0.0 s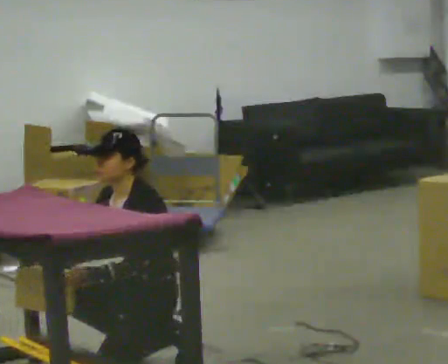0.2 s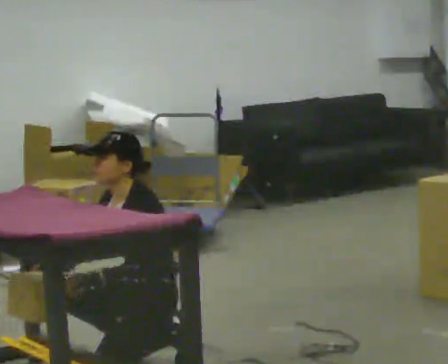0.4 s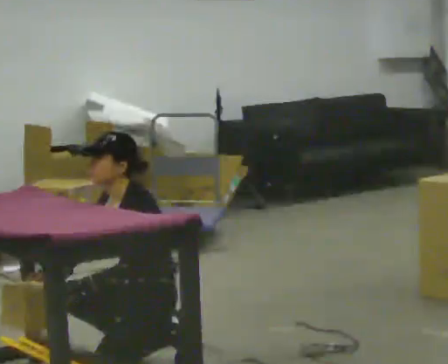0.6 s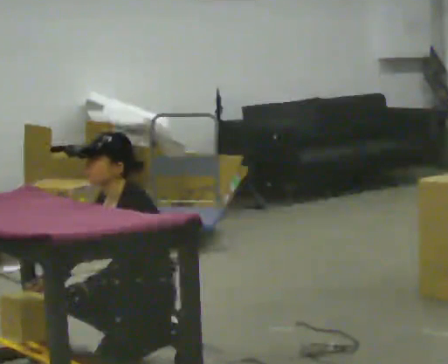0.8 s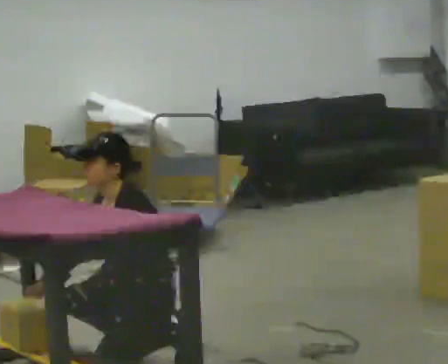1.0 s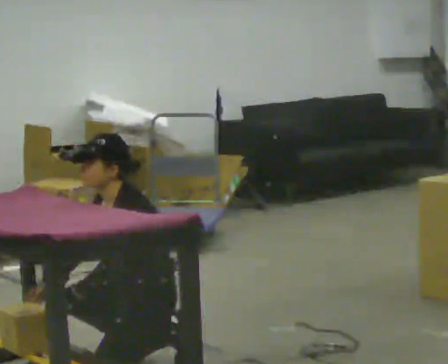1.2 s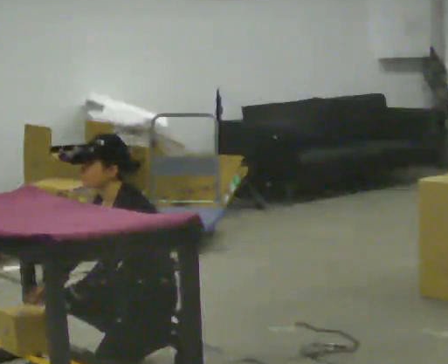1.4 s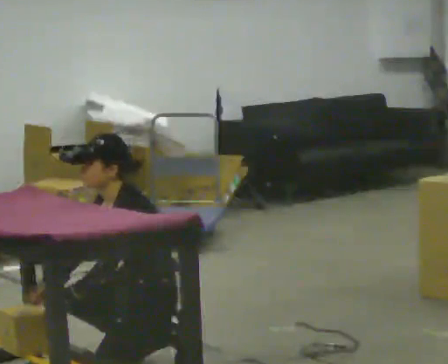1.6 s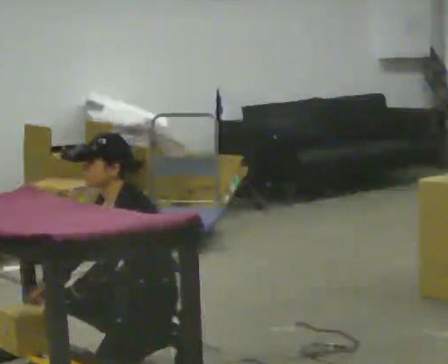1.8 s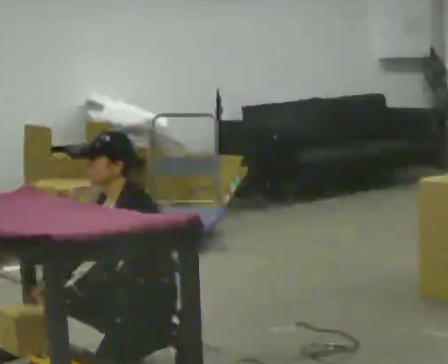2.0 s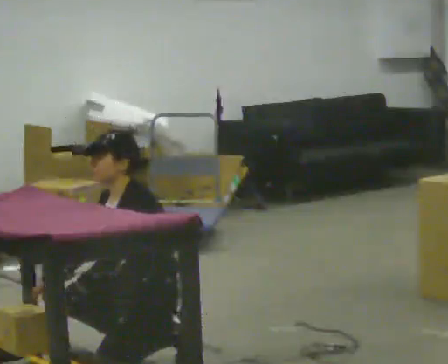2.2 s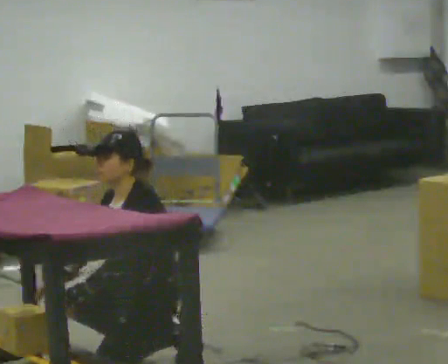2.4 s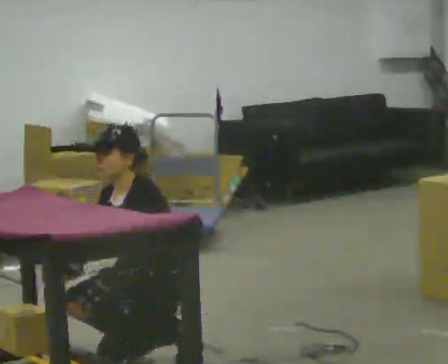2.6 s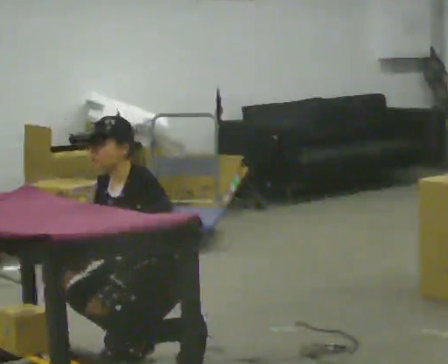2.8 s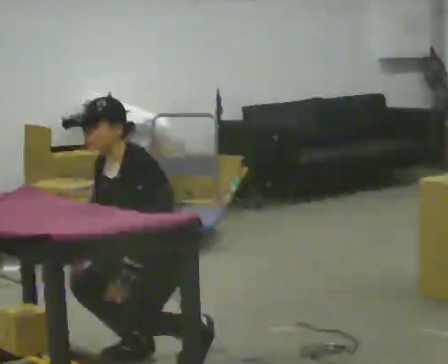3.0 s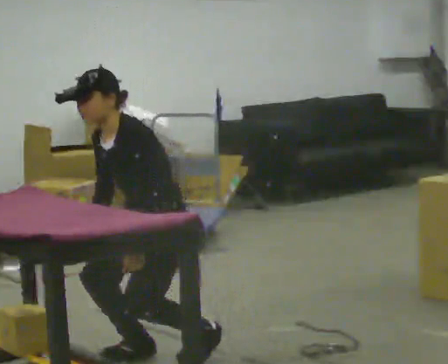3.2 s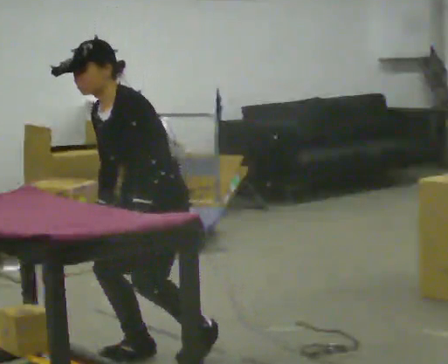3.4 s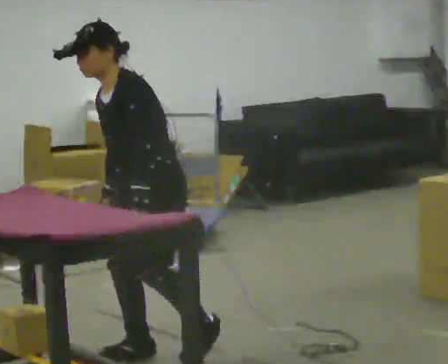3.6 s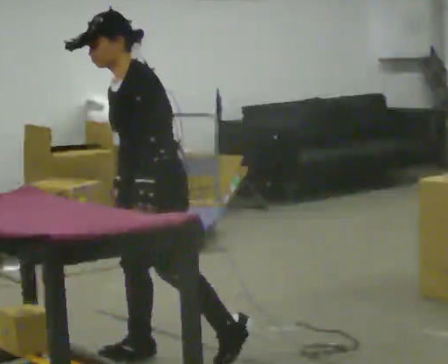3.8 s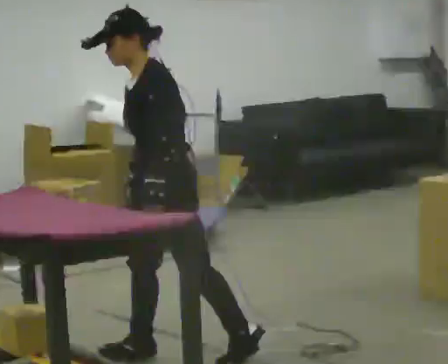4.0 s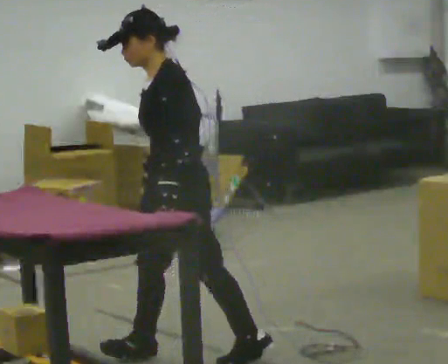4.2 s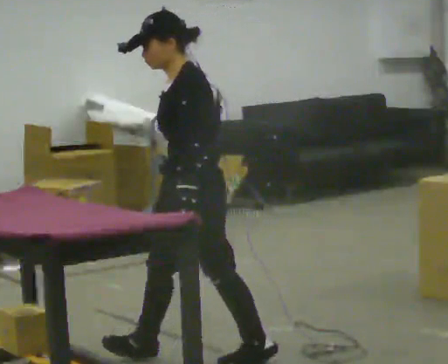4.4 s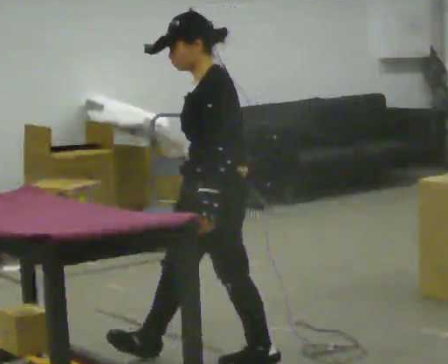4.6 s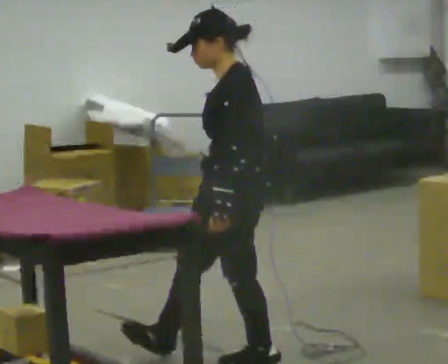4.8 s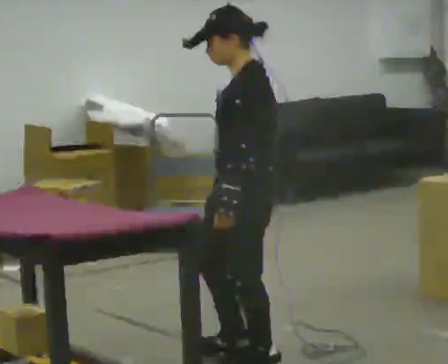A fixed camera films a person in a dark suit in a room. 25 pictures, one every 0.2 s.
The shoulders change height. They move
upward.
0.0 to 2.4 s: The person moves a little, or ends about where they began.
2.4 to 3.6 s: The upper body goes upward. In the picture their right hand goes upward.
3.6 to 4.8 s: In the picture they go to the right and toward the camera, about 0.5 m in 1 step, which for them is backward and to their left. In the picture the upper body tilts clockwise, shoulders to the right, as they lean back or straighten.
The film runs backward here.
